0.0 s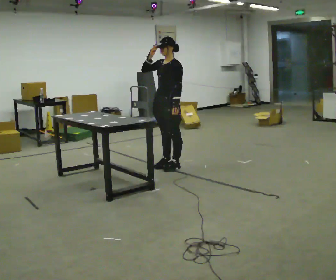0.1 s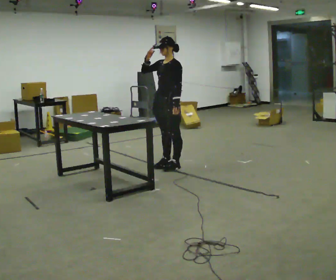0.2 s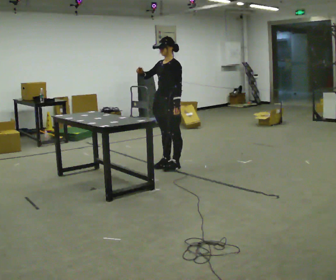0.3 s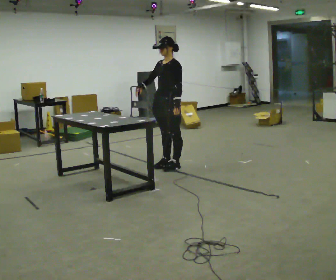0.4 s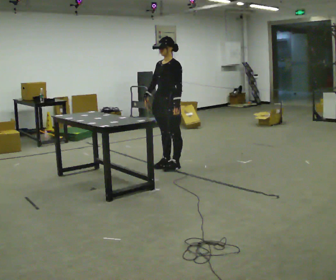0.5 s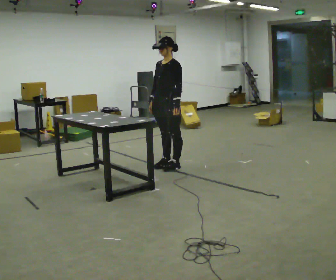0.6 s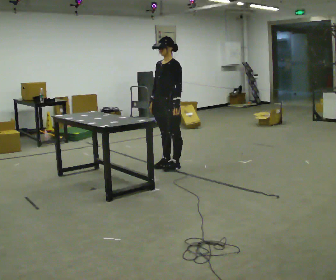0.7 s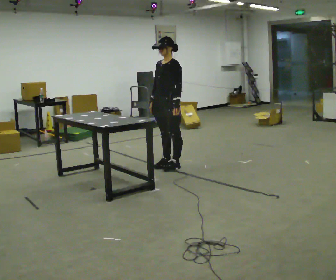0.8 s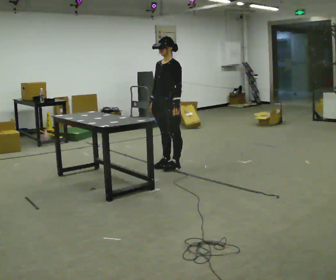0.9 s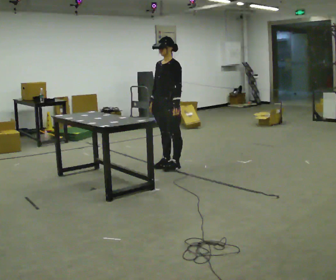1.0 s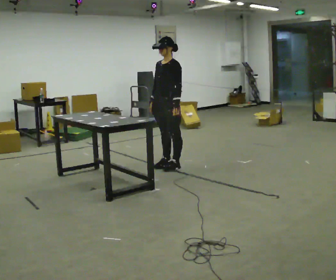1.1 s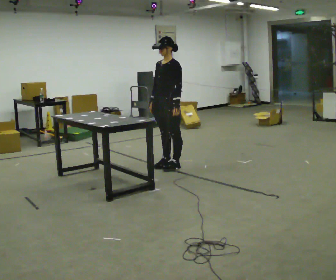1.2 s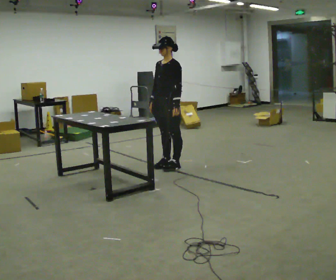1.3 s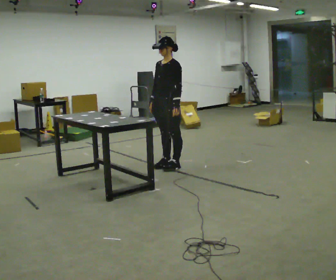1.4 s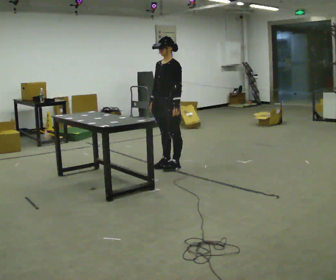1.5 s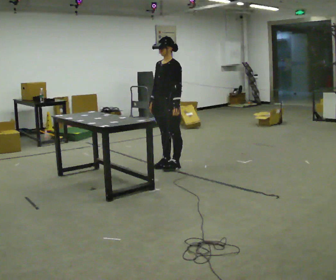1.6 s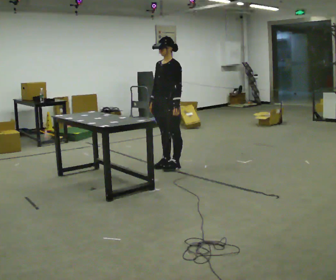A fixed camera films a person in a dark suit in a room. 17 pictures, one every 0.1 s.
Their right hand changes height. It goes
downward.
0.0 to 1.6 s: In the picture their right hand goes downward.
The film runs backward here.
